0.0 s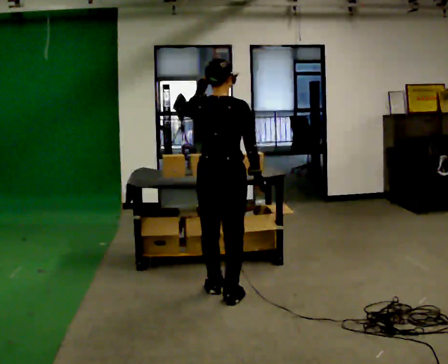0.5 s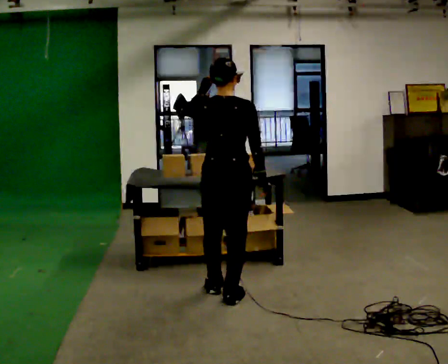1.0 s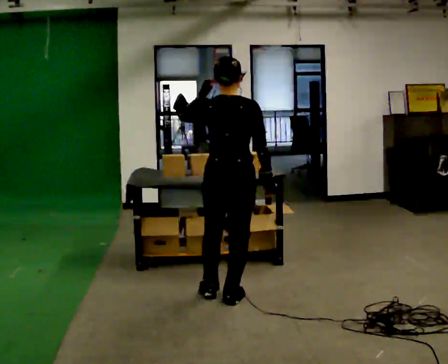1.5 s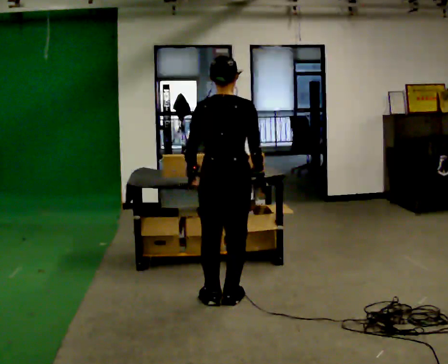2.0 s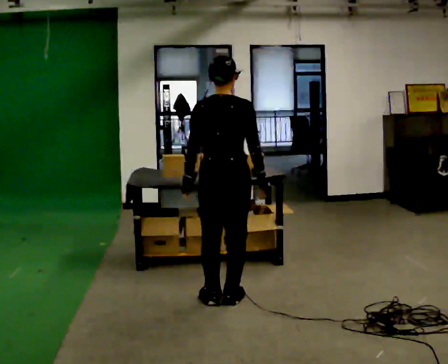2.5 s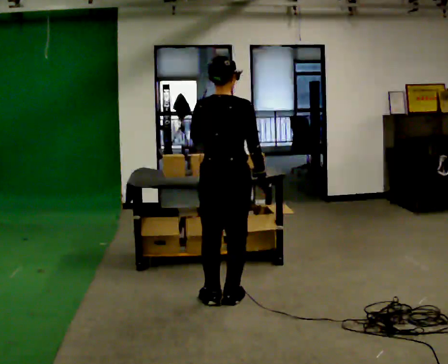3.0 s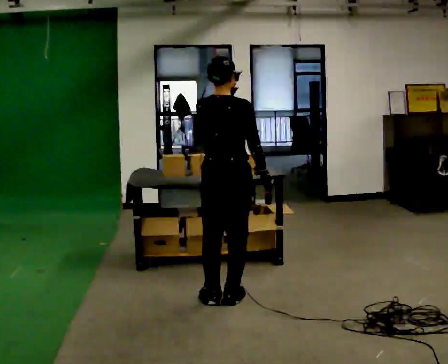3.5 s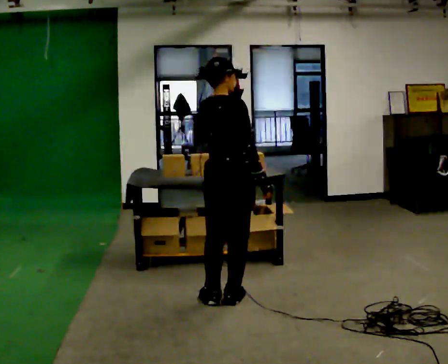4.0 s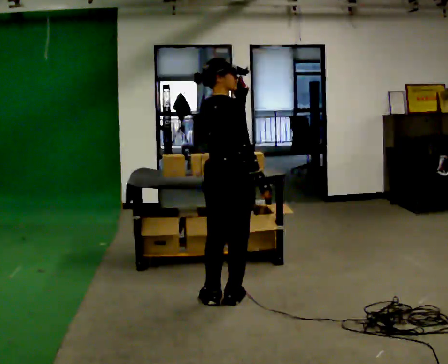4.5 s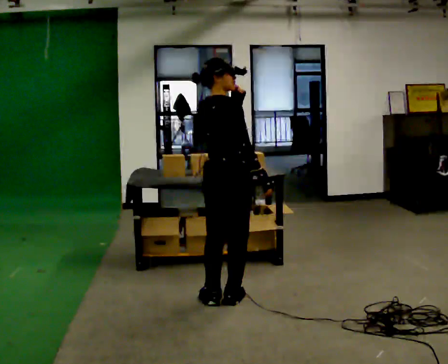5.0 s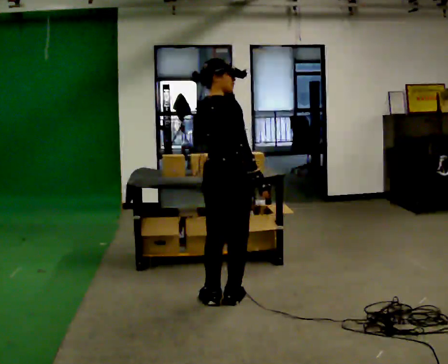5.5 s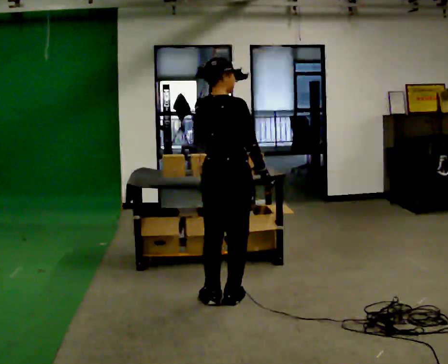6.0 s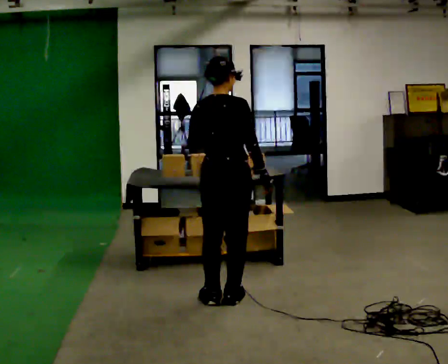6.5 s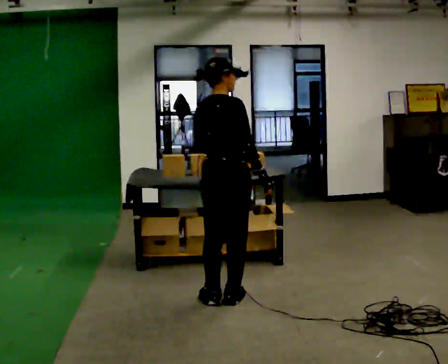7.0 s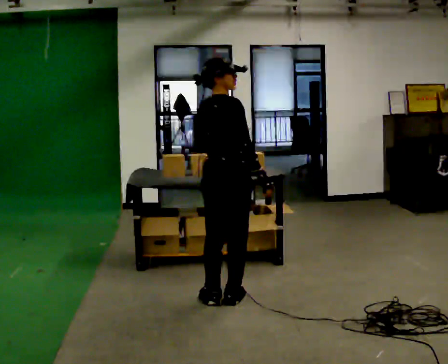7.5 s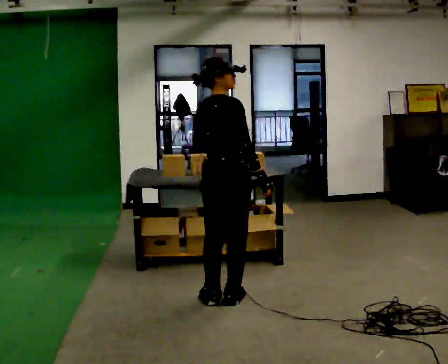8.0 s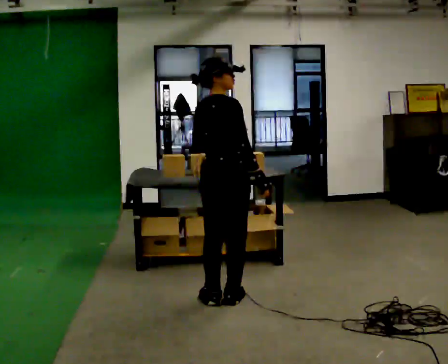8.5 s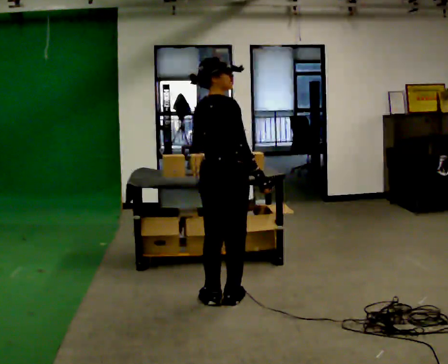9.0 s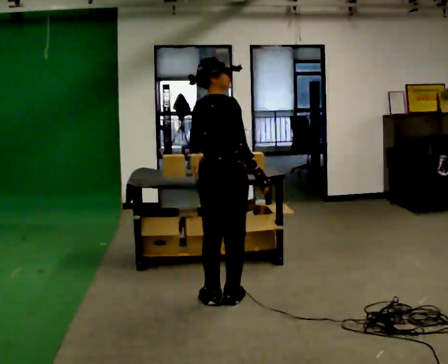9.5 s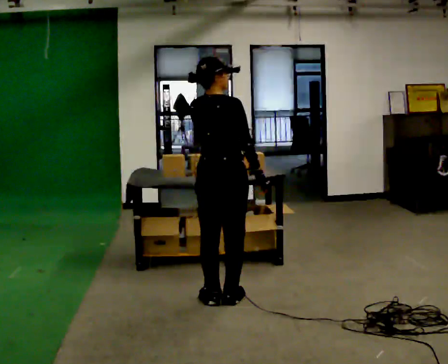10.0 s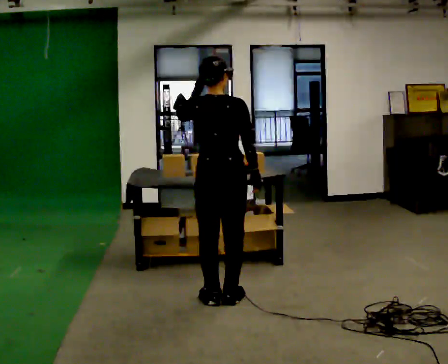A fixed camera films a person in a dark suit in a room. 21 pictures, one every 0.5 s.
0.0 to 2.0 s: In the picture their left hand goes downward.
2.0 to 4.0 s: The person turns about 30 degrees to their right, clockwise seen from above, so the part of the body nearest the lens slides to the left. In the picture their left hand goes upward and to the right.
4.0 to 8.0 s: In the picture their left hand goes downward.
8.0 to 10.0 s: The person turns about 45 degrees to their left, counterclockwise seen from above, so the part of the body nearest the lens slides to the right. In the picture their left hand goes upward.
The film runs backward here.
